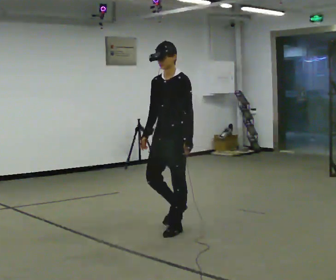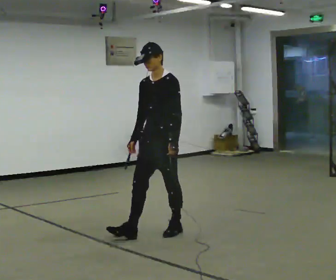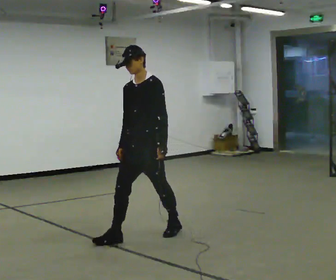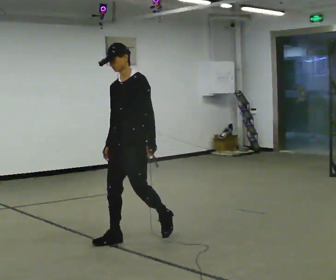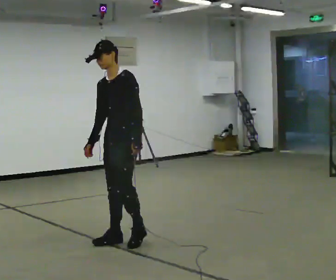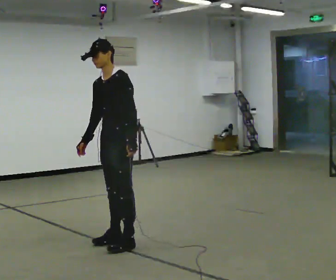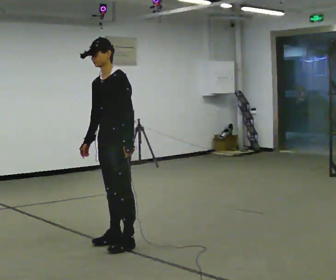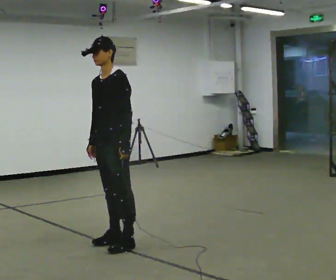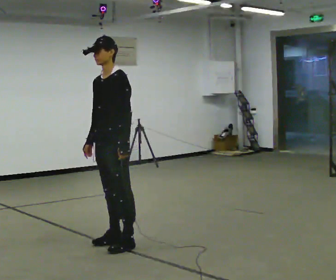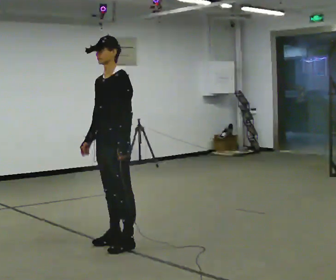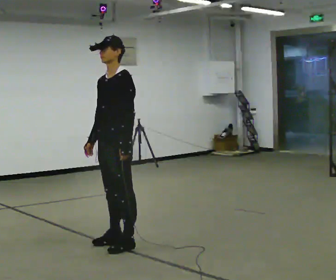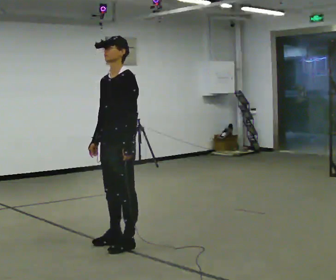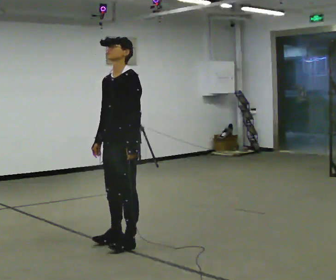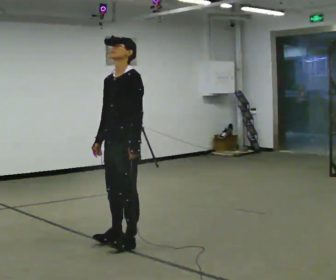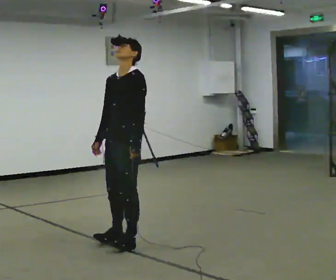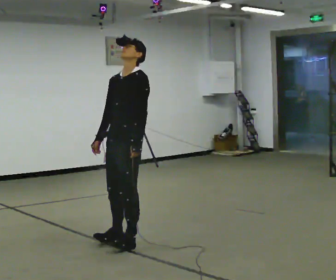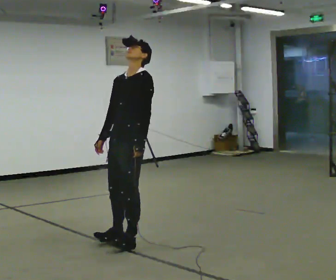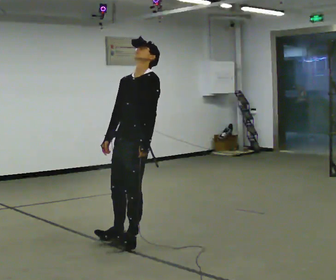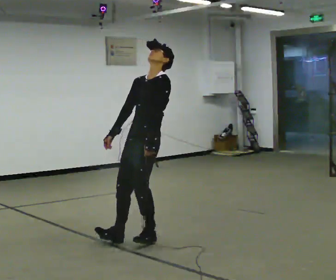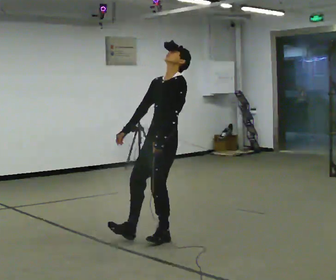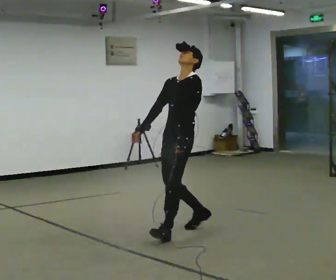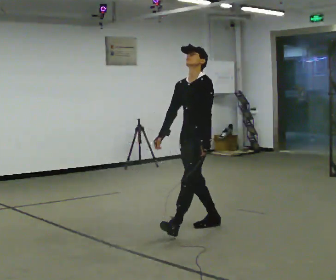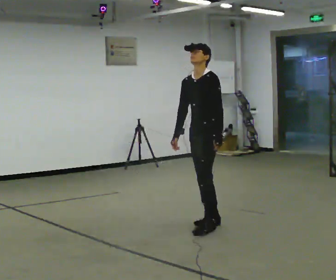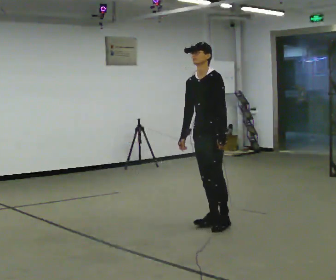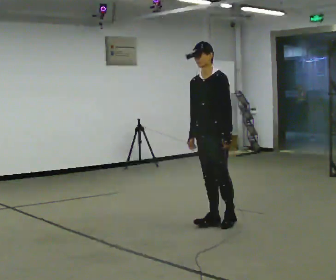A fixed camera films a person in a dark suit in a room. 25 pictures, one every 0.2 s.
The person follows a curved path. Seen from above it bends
counterclockwise.
0.0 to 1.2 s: In the picture they go to the left and toward the camera, about 0.5 m in 2 steps, which for them is forward.
1.2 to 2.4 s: The person moves a little, or ends about where they began.
2.4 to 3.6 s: In the picture they go to the right and away from the camera, about 0.25 m, which for them is backward.
3.6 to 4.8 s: In the picture they go to the right and away from the camera, about 1 m in 3 steps, which for them is backward. In the picture the upper body tilts counterclockwise, shoulders to the left, as they bend forward.
The film runs forward here.
